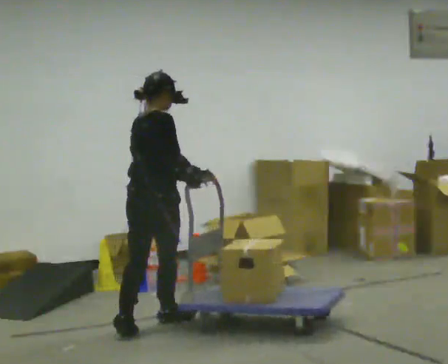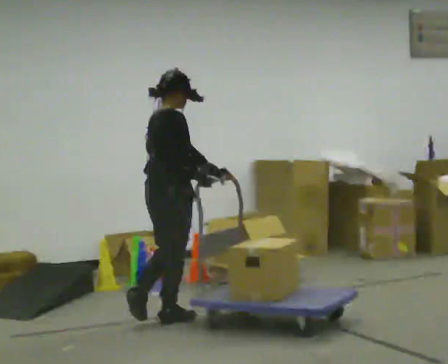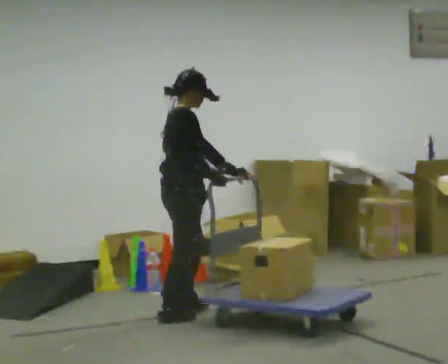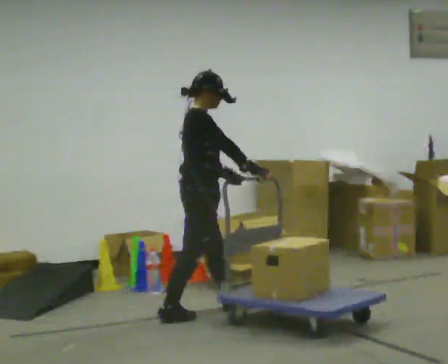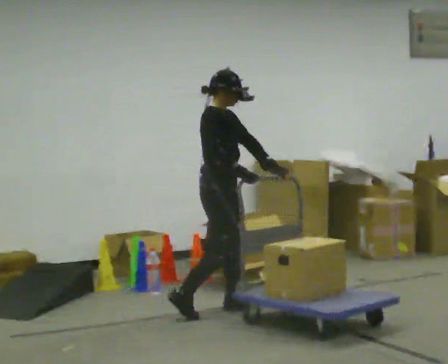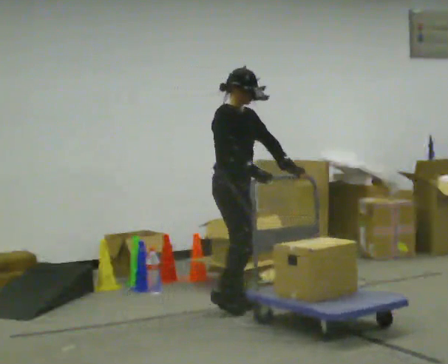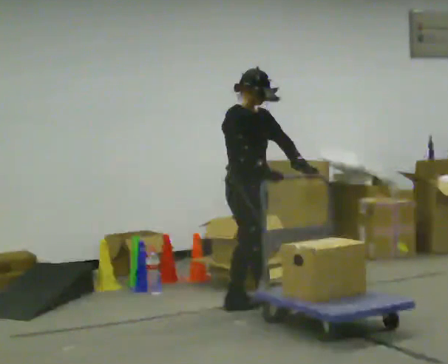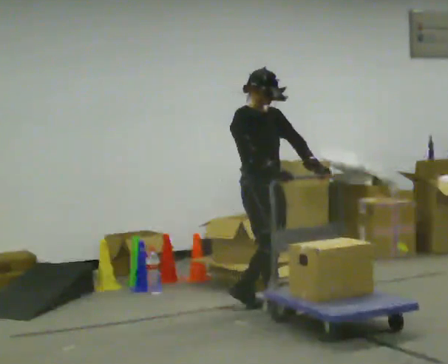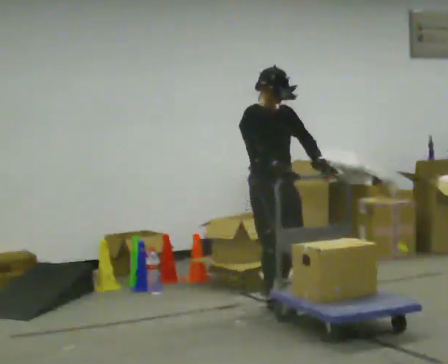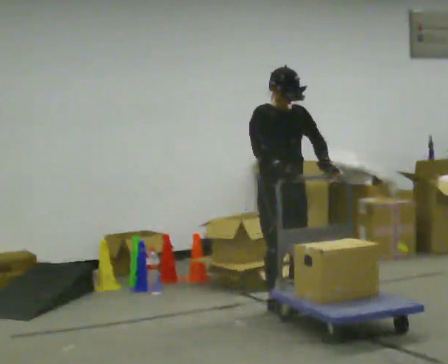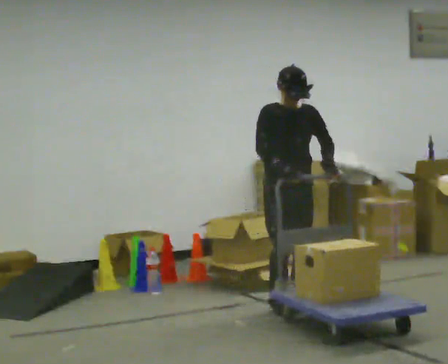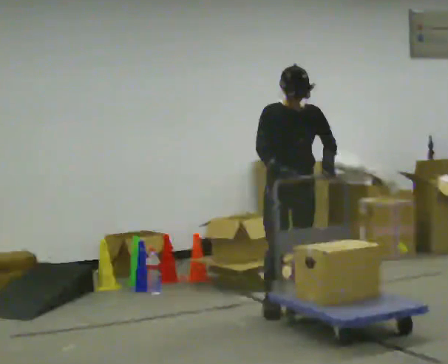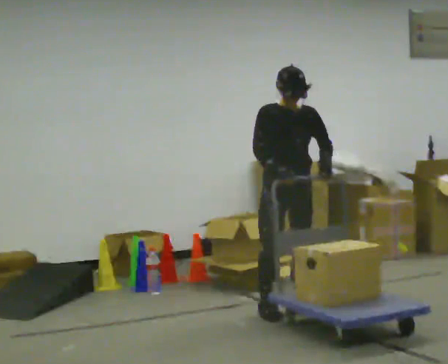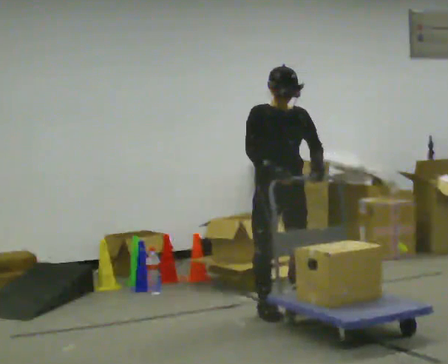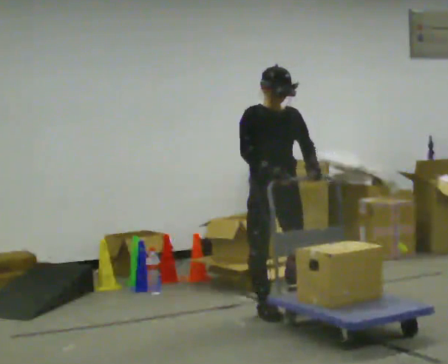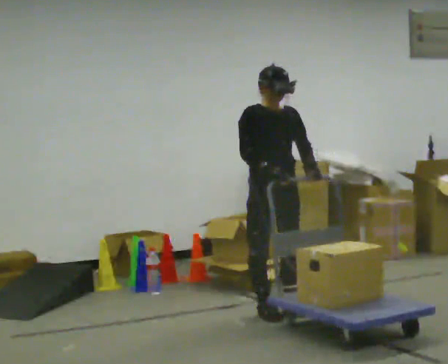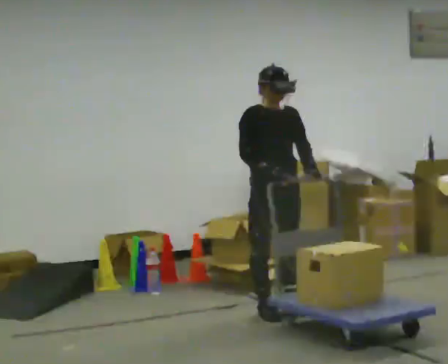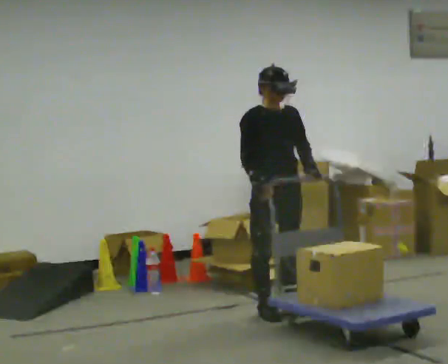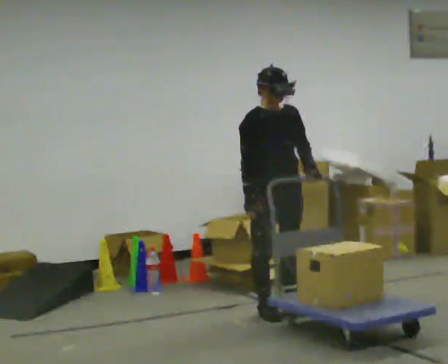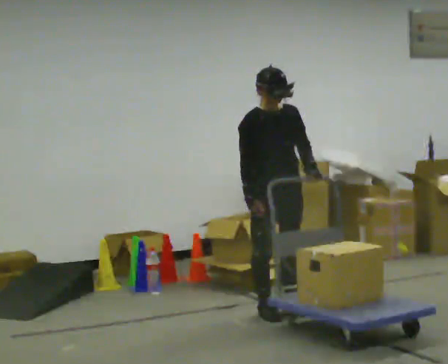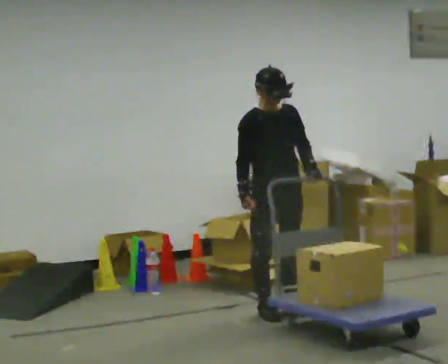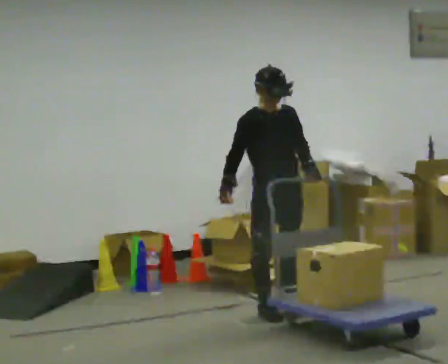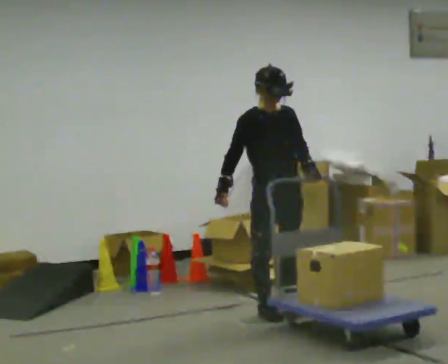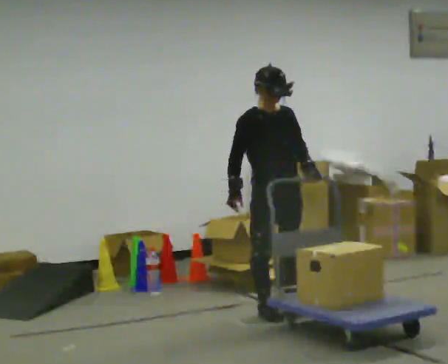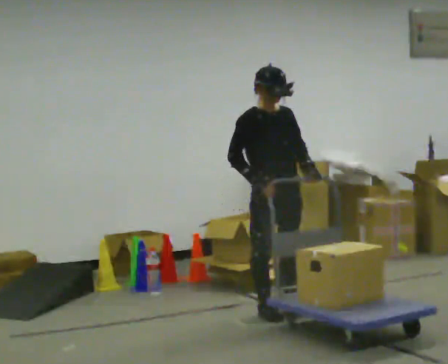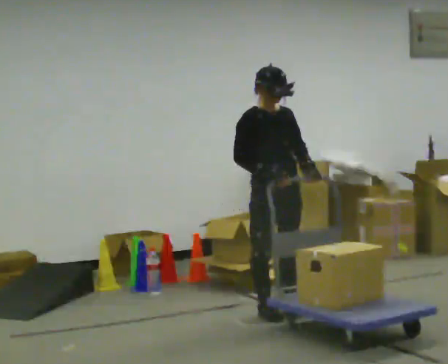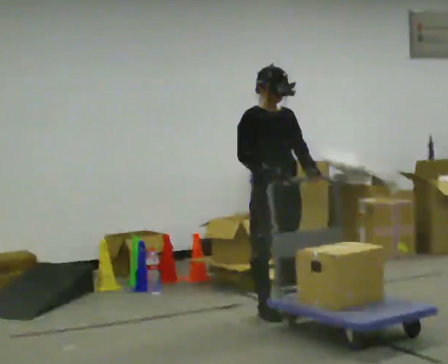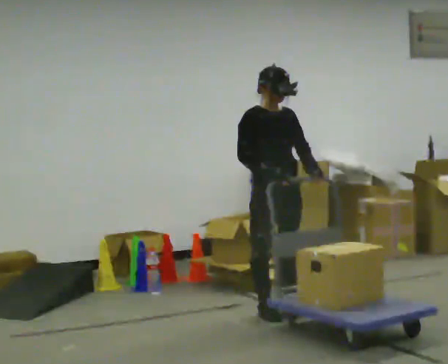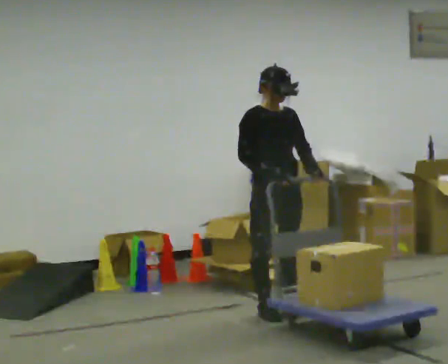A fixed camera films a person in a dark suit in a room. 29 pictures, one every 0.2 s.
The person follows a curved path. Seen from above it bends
clockwise.
0.0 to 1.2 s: The part of the body nearest the lens slides to the left as the person turns to their right by about 75 degrees. In the picture they go to the right and away from the camera, about 0.75 m in 1 step.
1.2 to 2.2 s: The part of the body nearest the lens slides to the left as the person turns to their right by about 45 degrees. In the picture they go to the right, about 0.25 m in 2 steps, which for them is forward and to their left.
2.2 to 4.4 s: In the picture they go toward the camera, about 0.25 m, which for them is to their right. In the picture their right hand goes to the left.
4.4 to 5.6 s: In the picture their right hand goes to the right.
The film runs forward here.
